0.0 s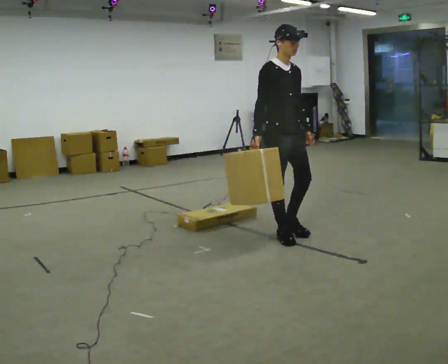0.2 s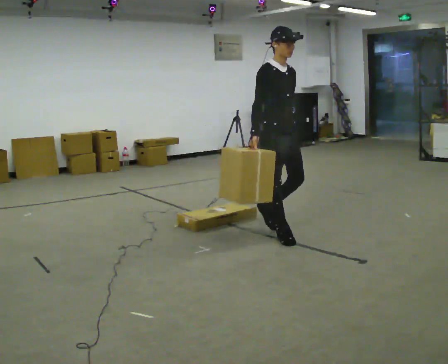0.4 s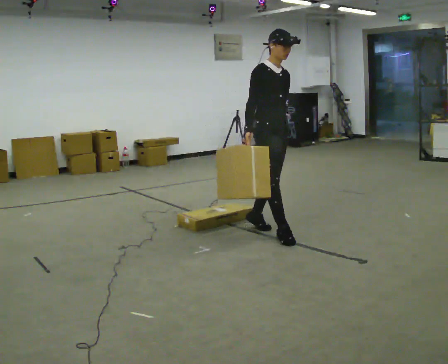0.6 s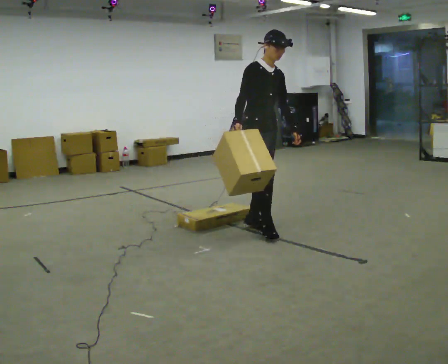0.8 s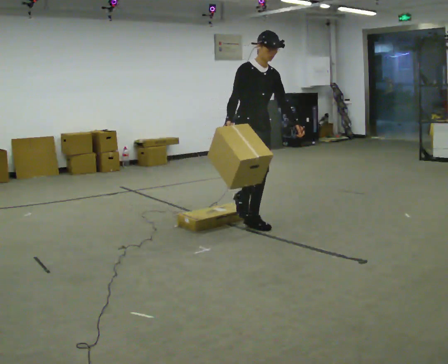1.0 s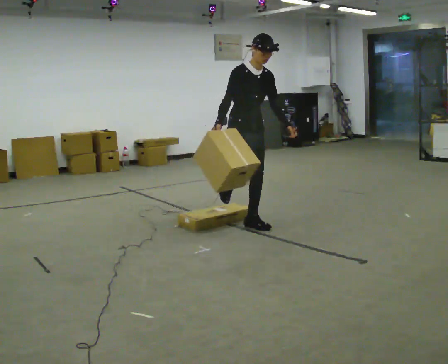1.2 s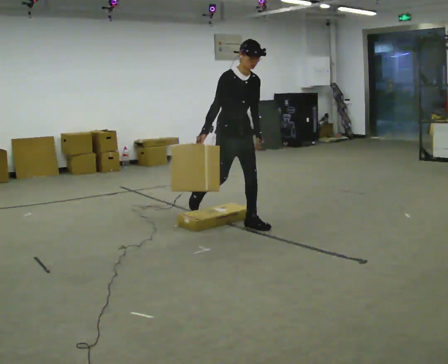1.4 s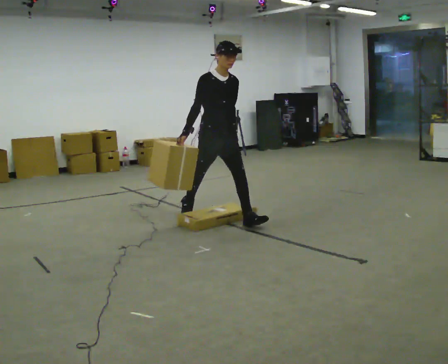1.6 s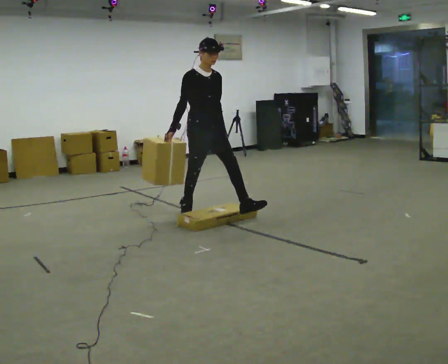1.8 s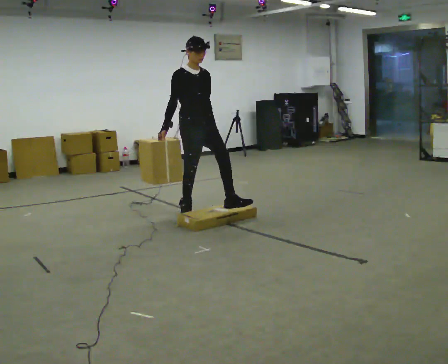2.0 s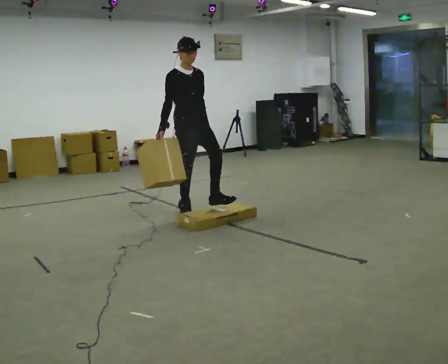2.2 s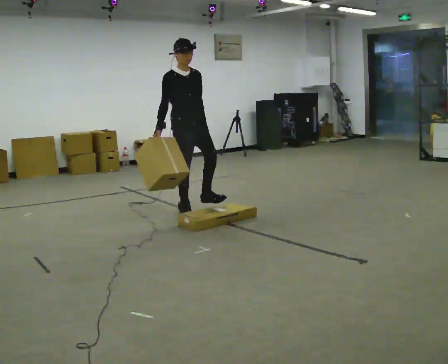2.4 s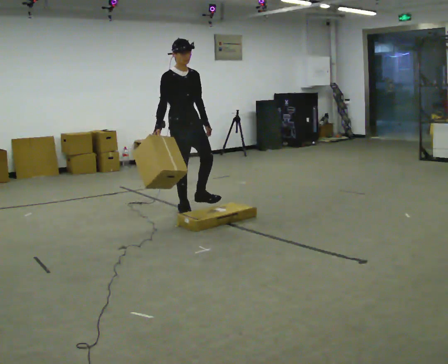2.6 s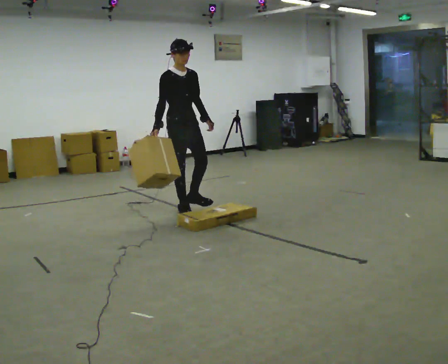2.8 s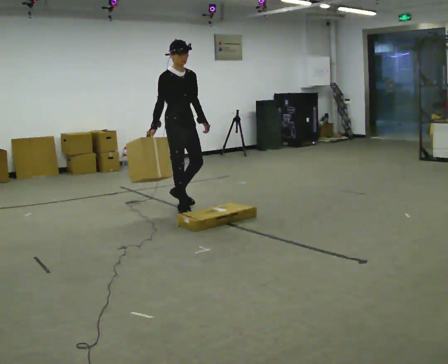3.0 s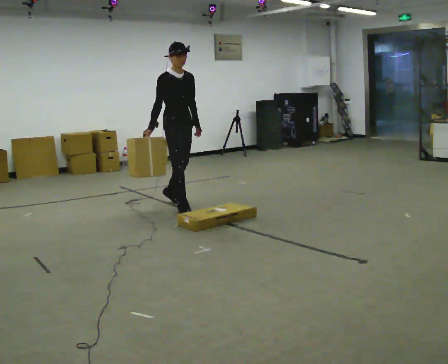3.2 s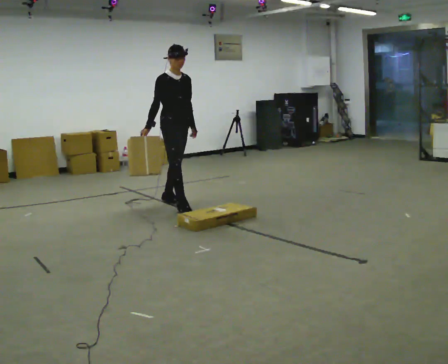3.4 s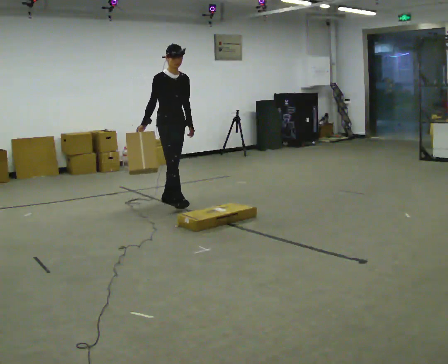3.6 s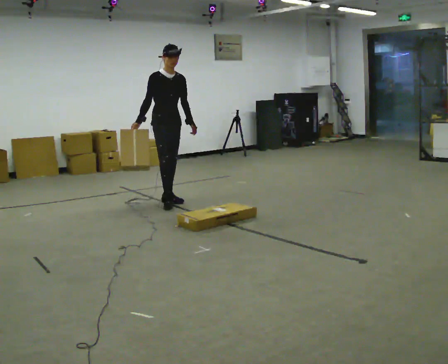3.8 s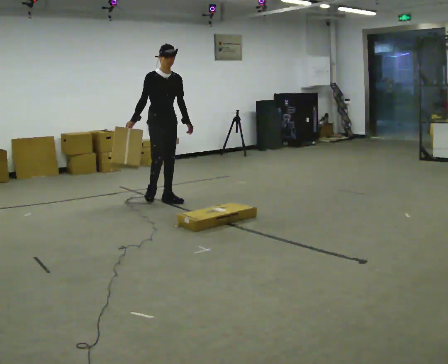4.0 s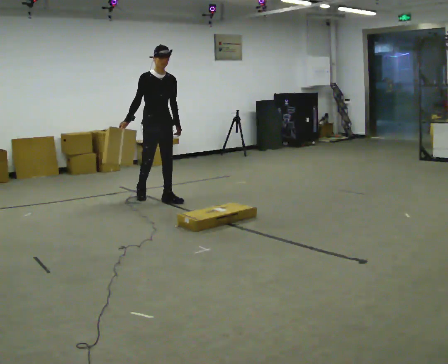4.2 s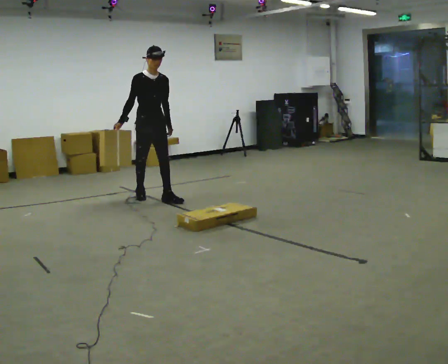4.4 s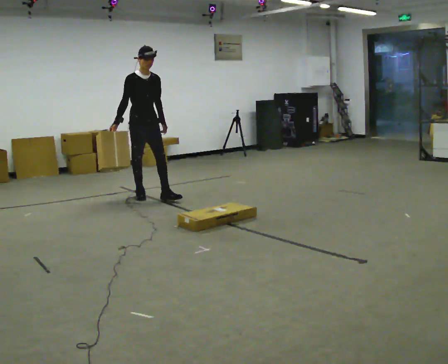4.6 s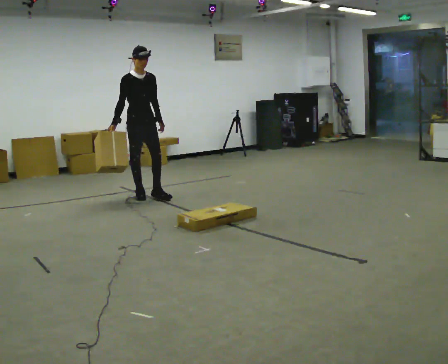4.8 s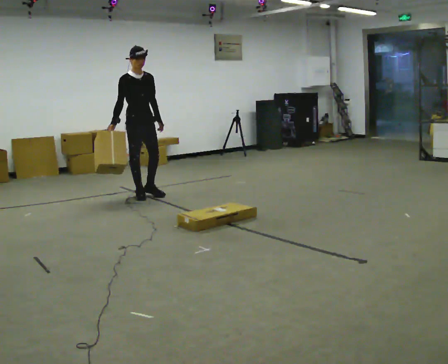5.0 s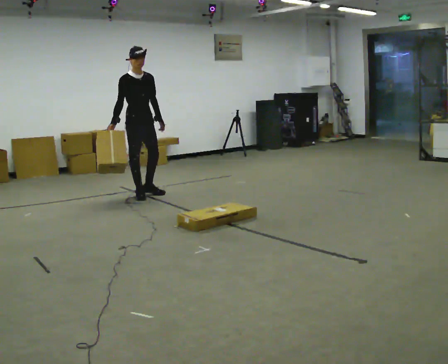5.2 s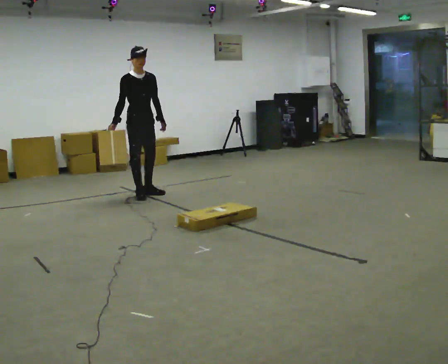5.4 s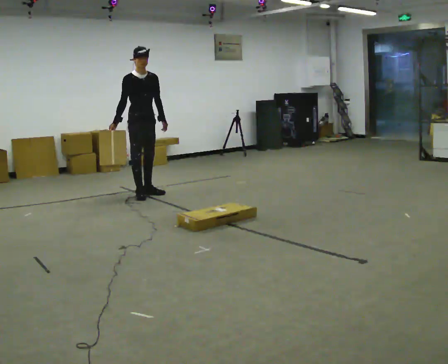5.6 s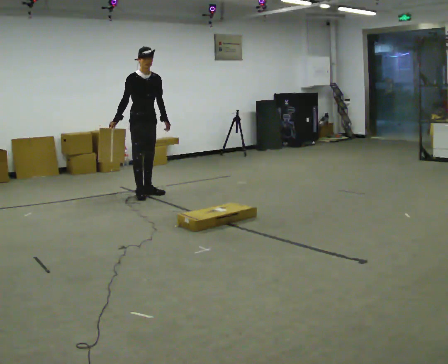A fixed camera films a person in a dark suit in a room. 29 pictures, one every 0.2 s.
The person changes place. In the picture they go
away from the camera.
0.0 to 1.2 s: In the picture they go away from the camera and to the left, about 0.75 m in 1 step, which for them is backward.
1.2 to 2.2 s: In the picture they go to the left and away from the camera, about 0.5 m in 1 step, which for them is backward.
2.2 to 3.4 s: In the picture they go away from the camera, about 0.5 m in 1 step, which for them is backward.
3.4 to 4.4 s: In the picture they go to the left and away from the camera, about 0.5 m in 1 step, which for them is backward and to their right.
4.4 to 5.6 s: In the picture they go away from the camera, about 0.25 m, which for them is backward.
The film runs backward here.
